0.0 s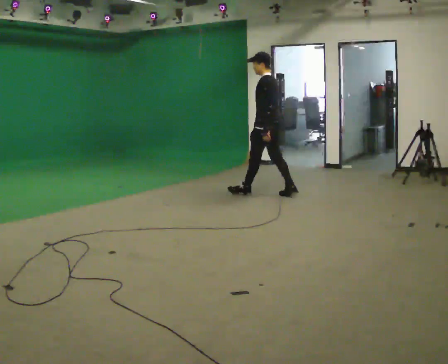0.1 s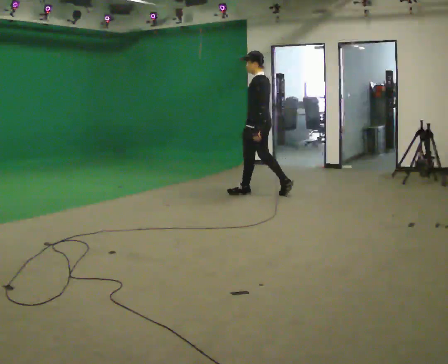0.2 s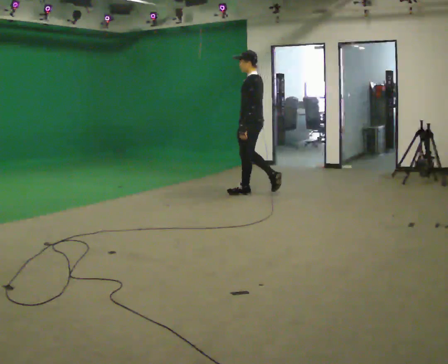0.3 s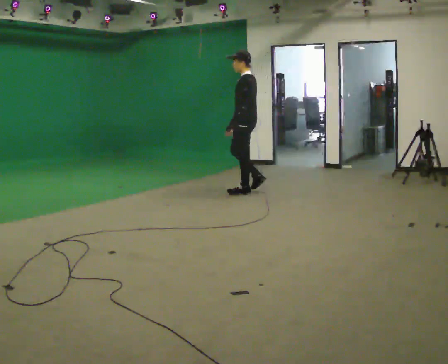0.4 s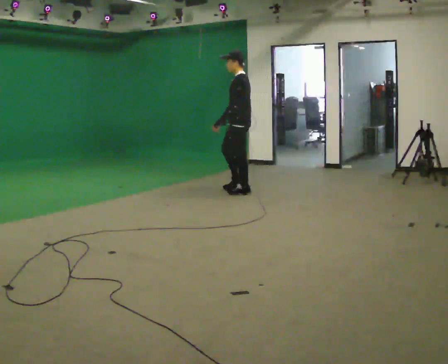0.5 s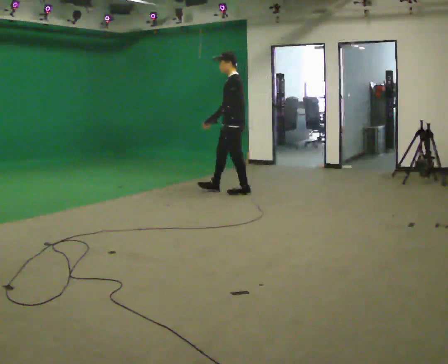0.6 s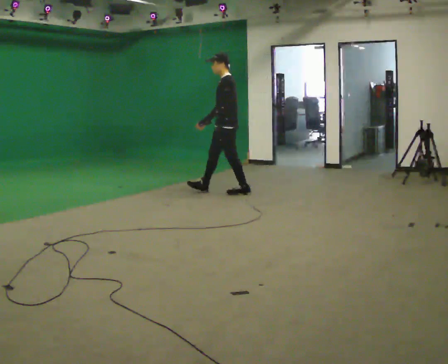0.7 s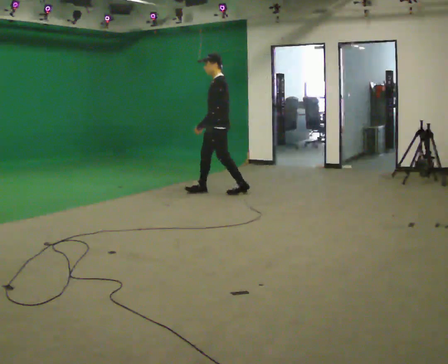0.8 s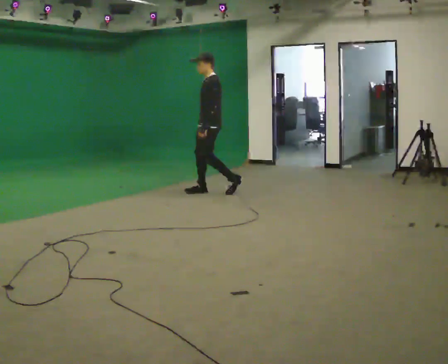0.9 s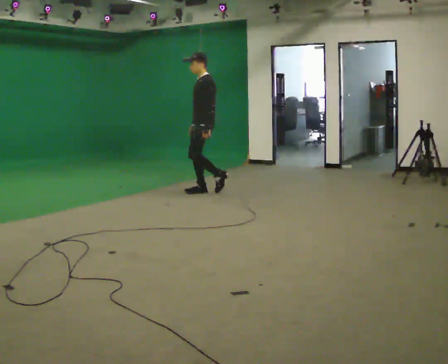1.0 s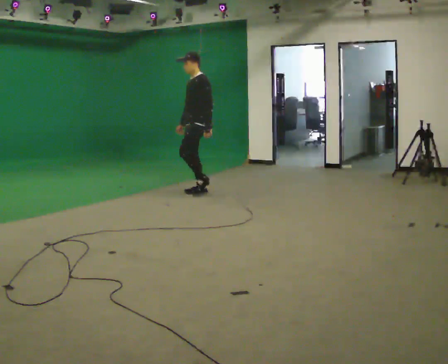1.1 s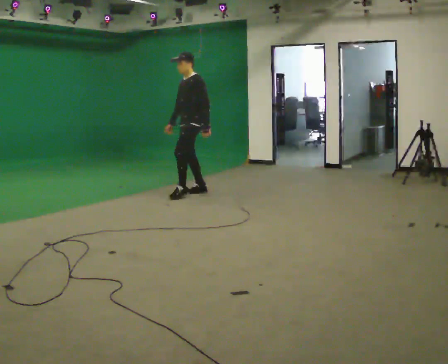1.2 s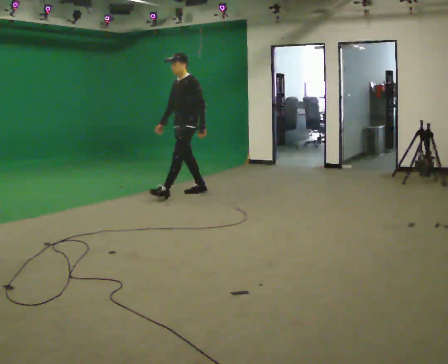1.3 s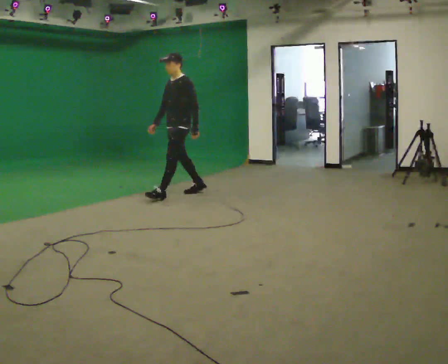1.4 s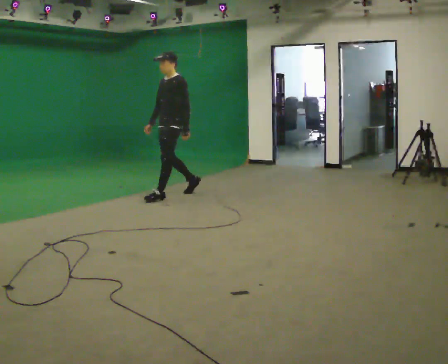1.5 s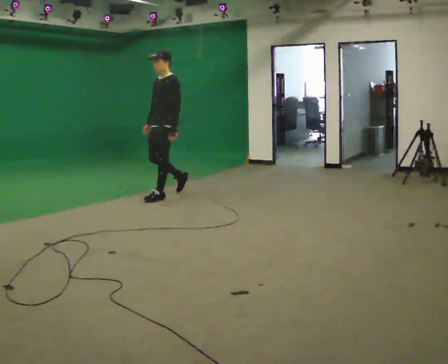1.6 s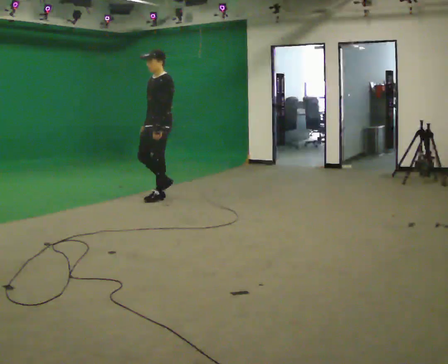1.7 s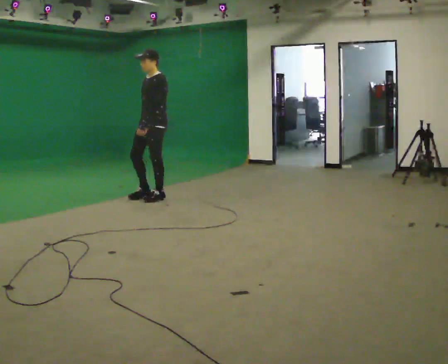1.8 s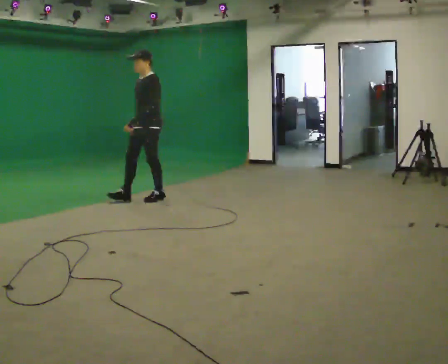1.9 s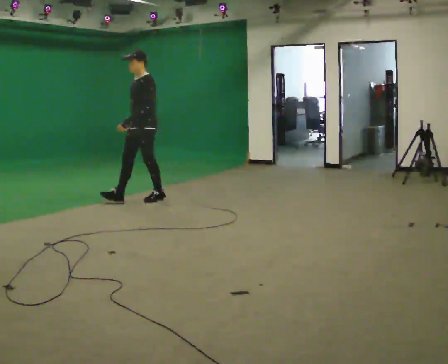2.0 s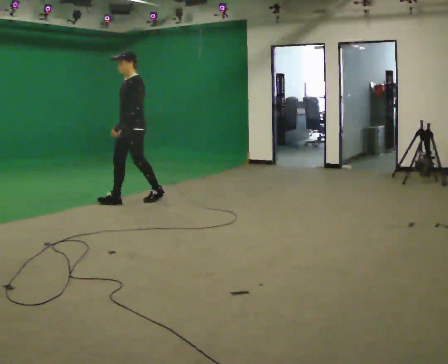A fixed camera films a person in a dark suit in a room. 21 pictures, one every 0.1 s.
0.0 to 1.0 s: Seen from above the body turns counterclockwise, about 45 degrees: to their left, with its near side sliding to the right. In the picture they go to the left, about 1 m in 1 step, which for them is forward.
1.0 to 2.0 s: In the picture they go to the left and toward the camera, about 1 m in 2 steps, which for them is forward.
The film runs forward here.
